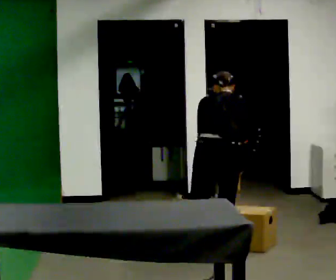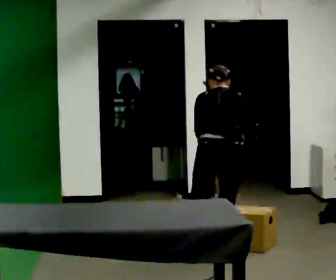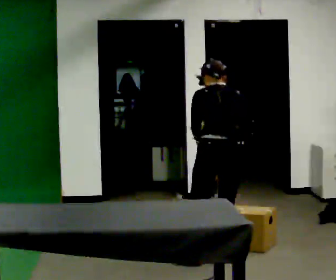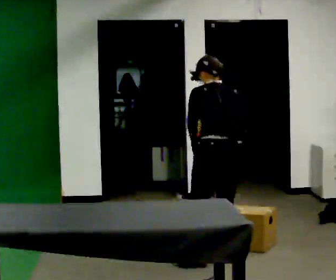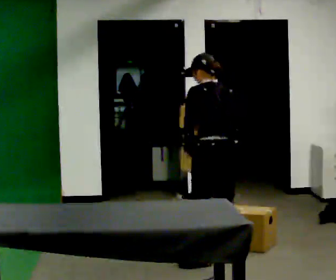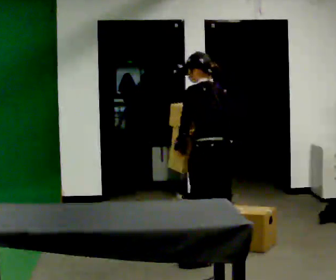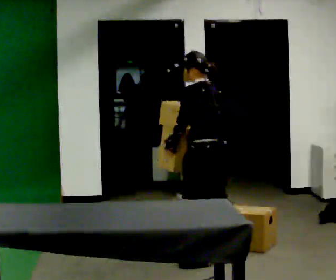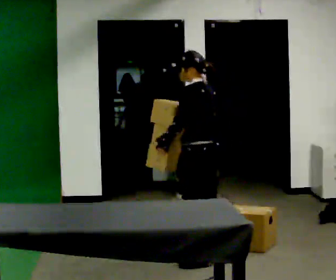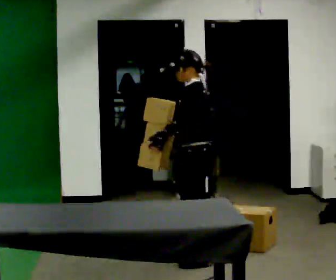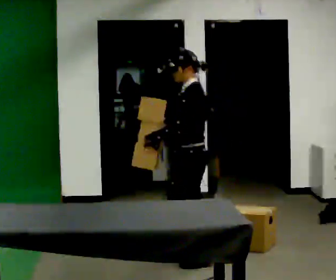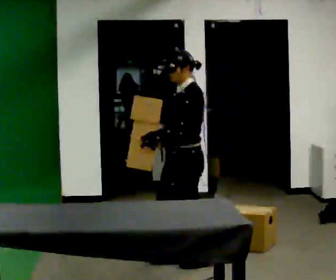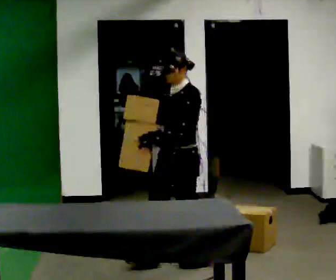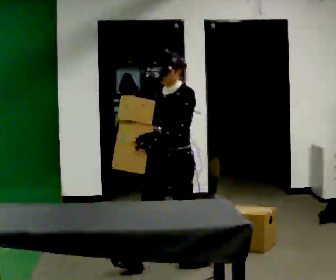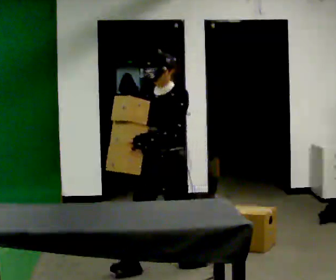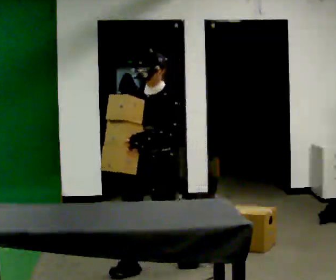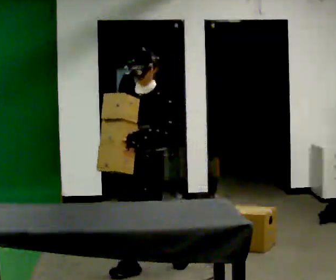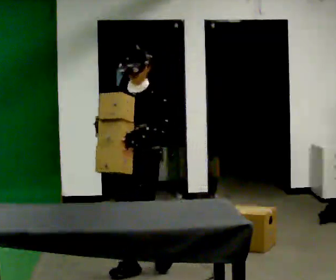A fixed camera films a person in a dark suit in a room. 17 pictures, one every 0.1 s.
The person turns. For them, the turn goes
to their left.
The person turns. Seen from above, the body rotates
counterclockwise.
0.0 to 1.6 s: The person turns about 165 degrees to their left, counterclockwise seen from above, so the part of the body nearest the lens slides to the right. In the picture they go to the left and toward the camera, about 0.75 m in 2 steps. The upper body tips toward the camera, its near side rolling downward, as they lean back or straighten.
The film runs forward here.
